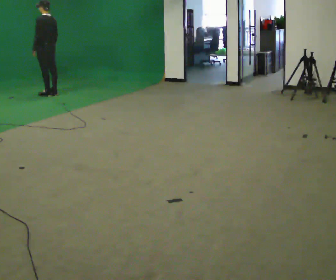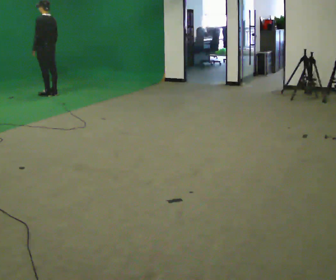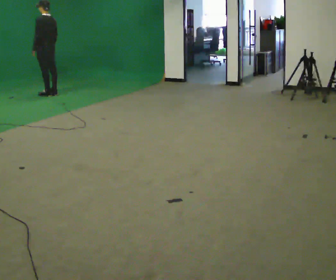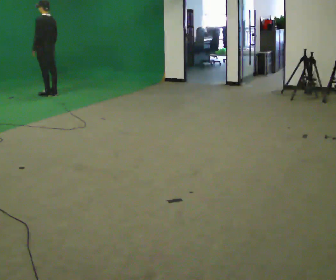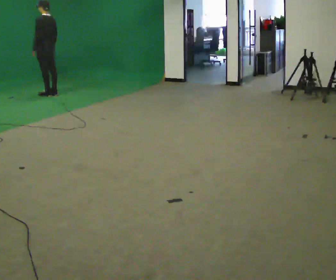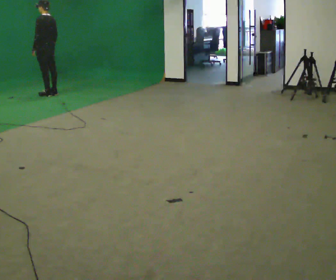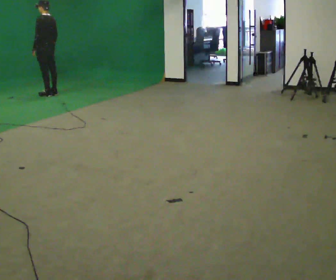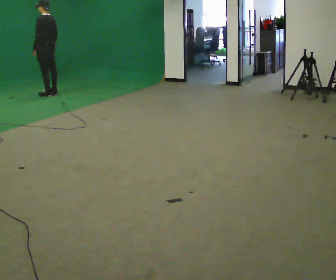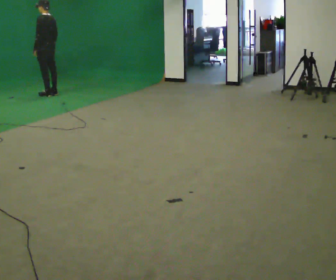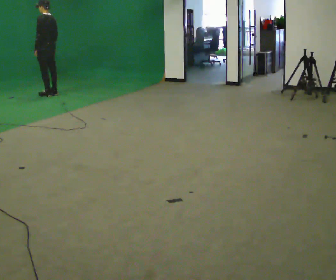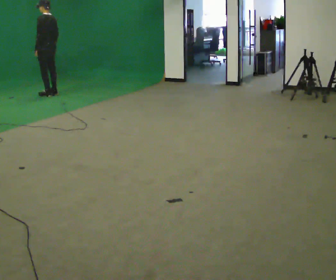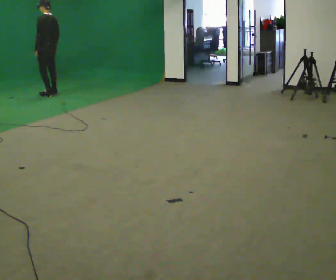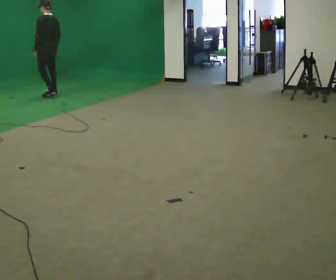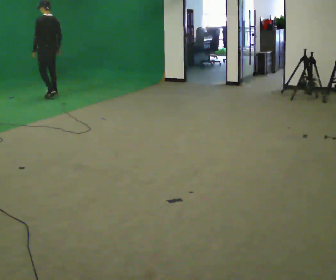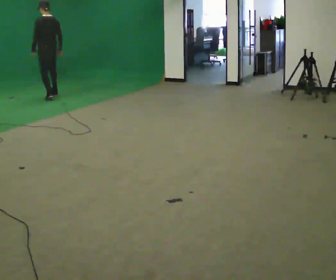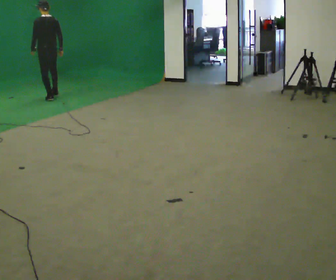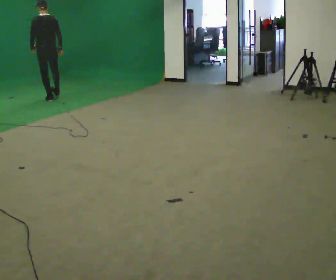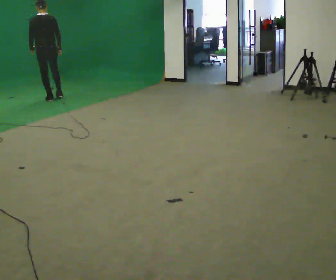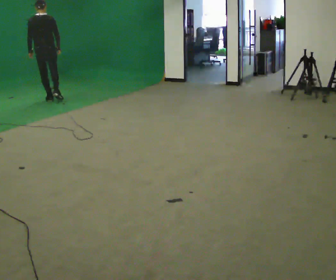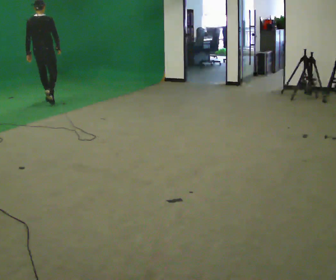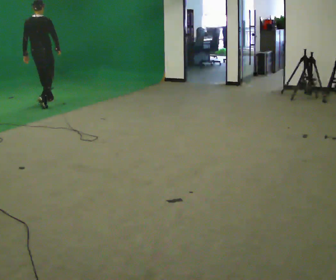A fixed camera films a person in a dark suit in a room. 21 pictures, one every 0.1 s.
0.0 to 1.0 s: The person moves a little, or ends about where they began.
1.0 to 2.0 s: Seen from above the body turns clockwise, about 60 degrees: to their right, with its near side sliding to the left. In the picture they go toward the camera, about 0.5 m in 2 steps.
The film runs backward here.
